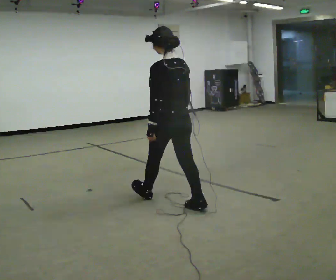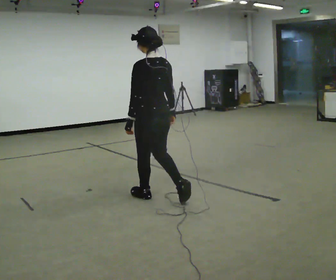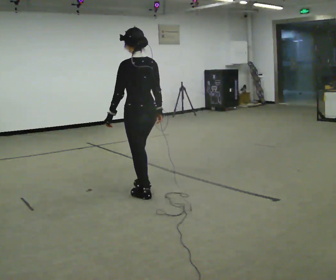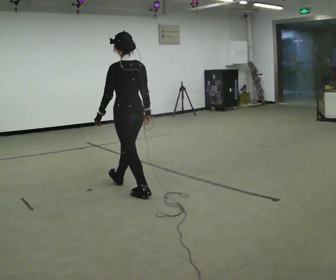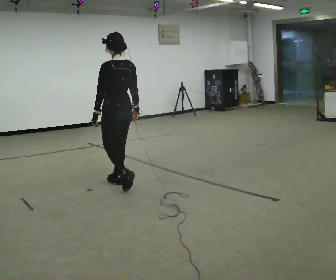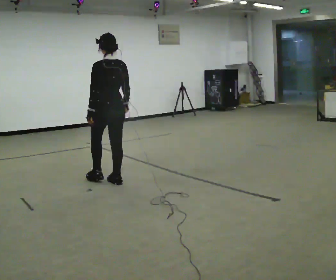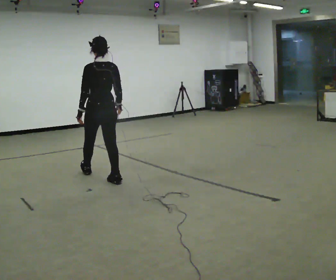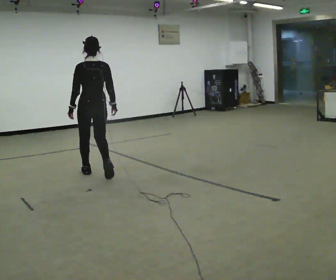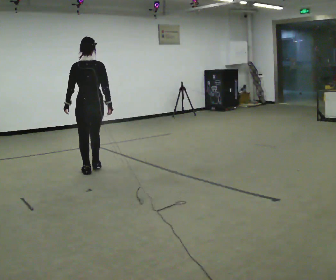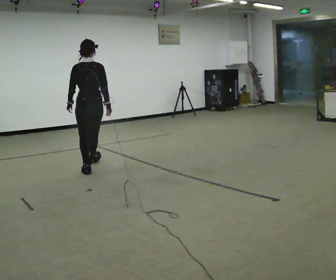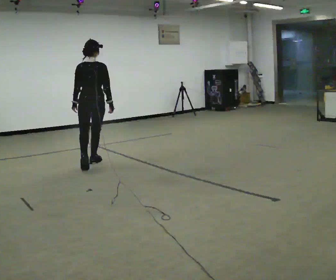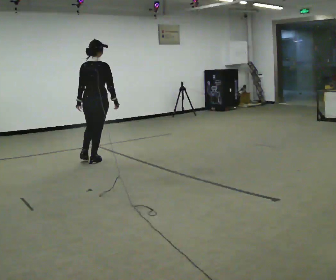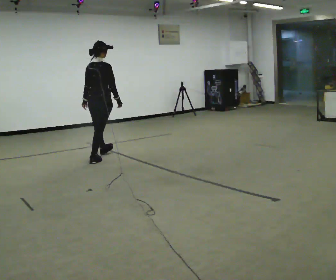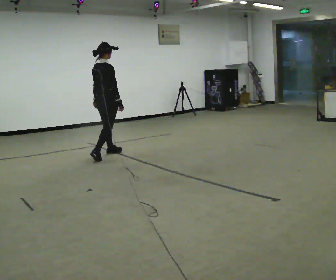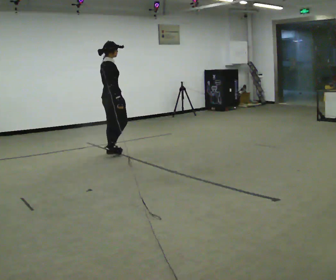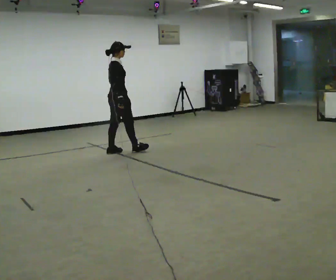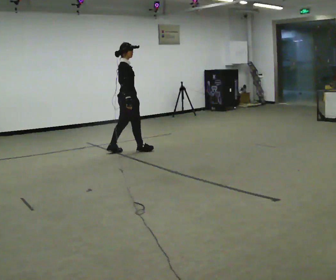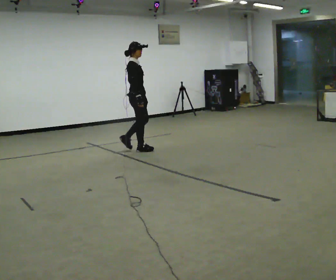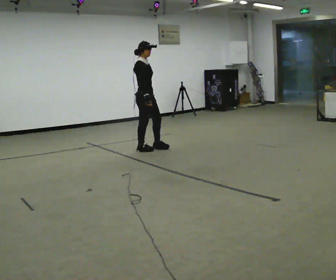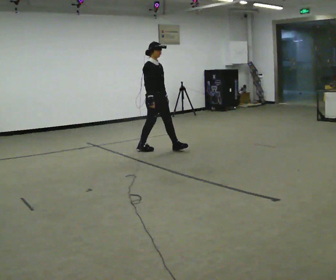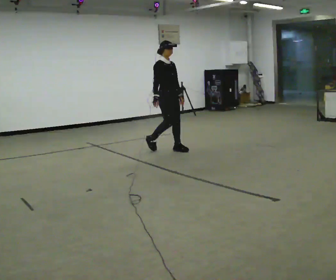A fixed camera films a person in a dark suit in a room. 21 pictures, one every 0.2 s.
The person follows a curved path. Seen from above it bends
clockwise.
The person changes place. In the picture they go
away from the camera.
0.0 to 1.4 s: In the picture they go away from the camera and to the left, about 1.5 m in 3 steps, which for them is forward.
1.4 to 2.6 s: The person turns about 60 degrees to their right, clockwise seen from above, so the part of the body nearest the lens slides to the left. In the picture they go away from the camera, about 1 m in 2 steps.
2.6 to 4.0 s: The person turns about 90 degrees to their right, clockwise seen from above, so the part of the body nearest the lens slides to the left. In the picture they go to the right, about 1 m in 2 steps.
The film runs forward here.
